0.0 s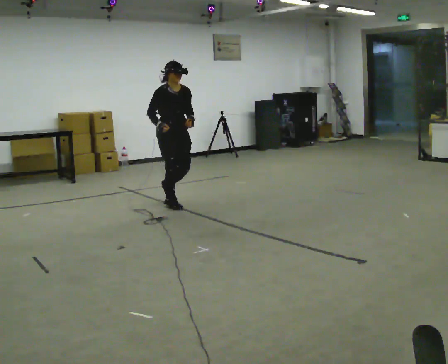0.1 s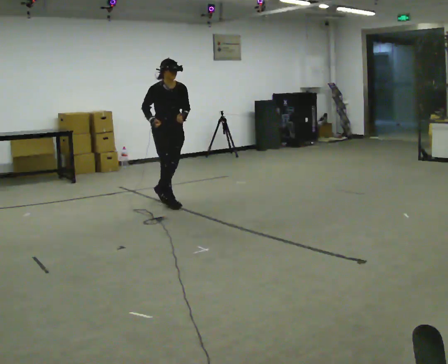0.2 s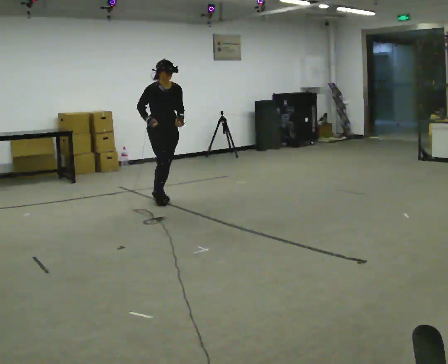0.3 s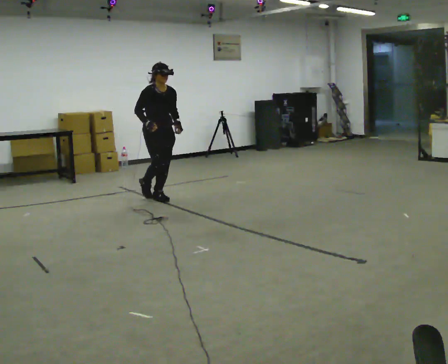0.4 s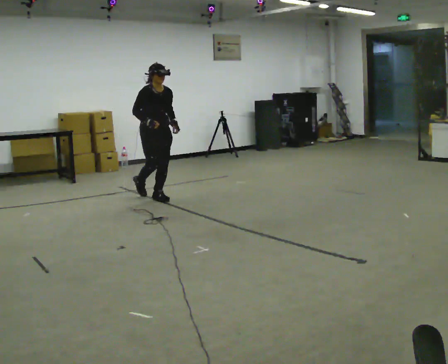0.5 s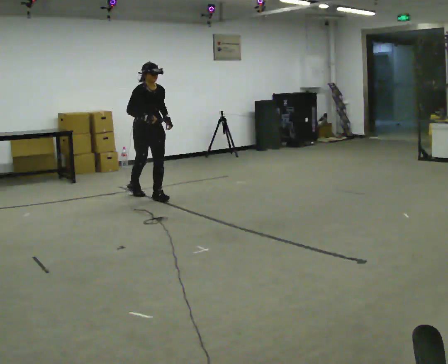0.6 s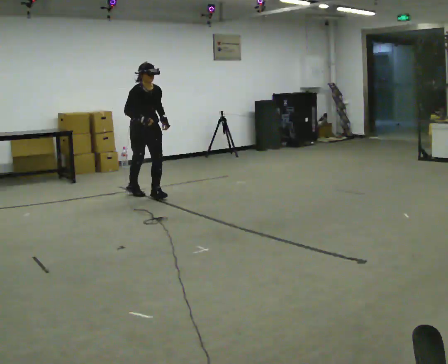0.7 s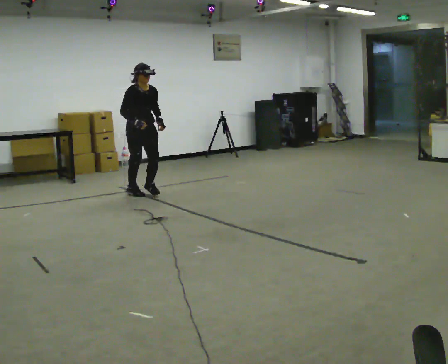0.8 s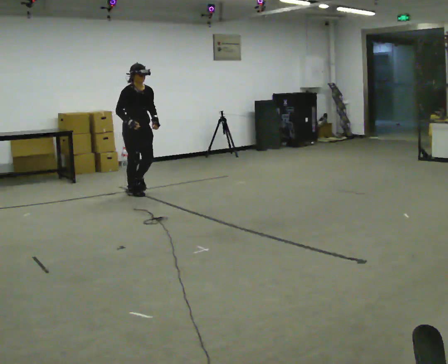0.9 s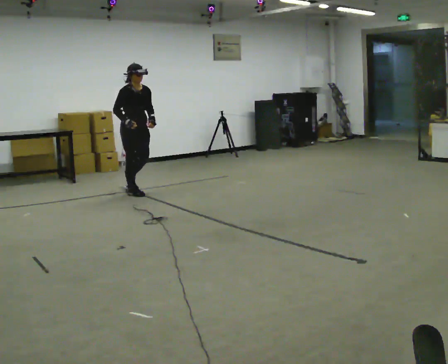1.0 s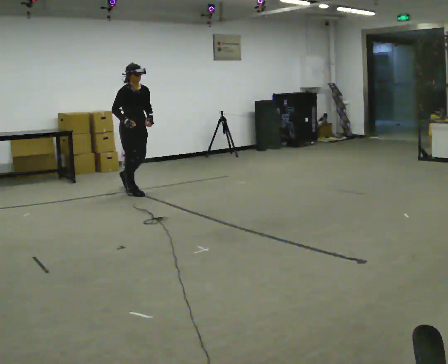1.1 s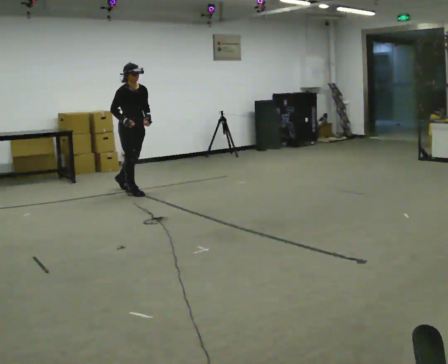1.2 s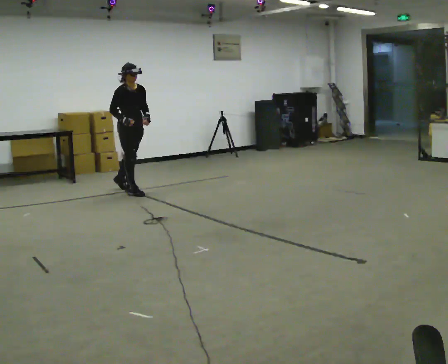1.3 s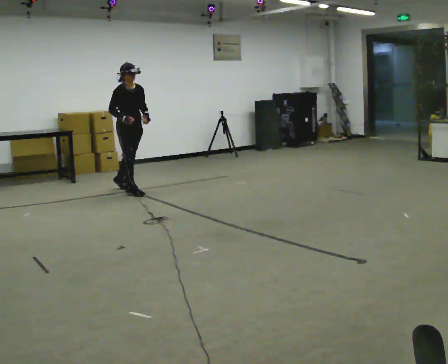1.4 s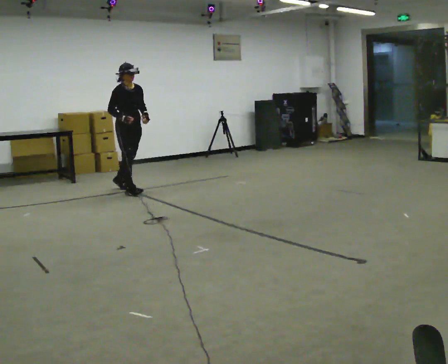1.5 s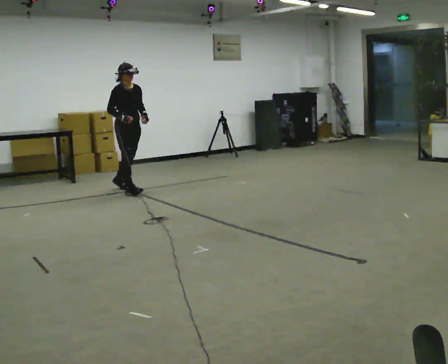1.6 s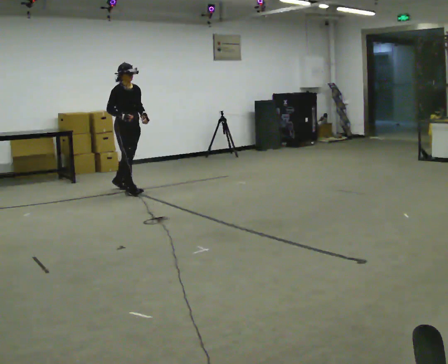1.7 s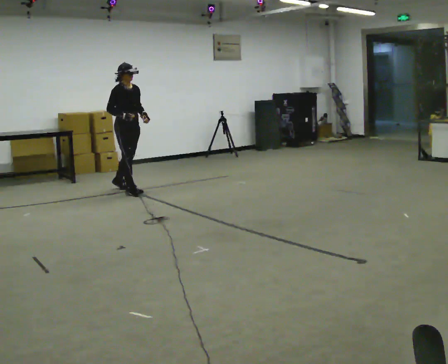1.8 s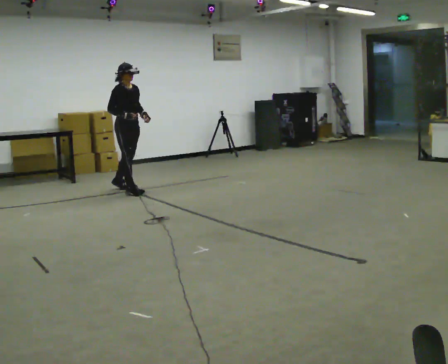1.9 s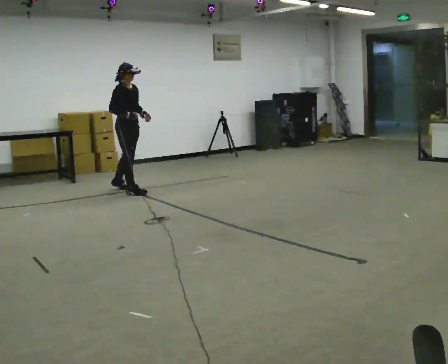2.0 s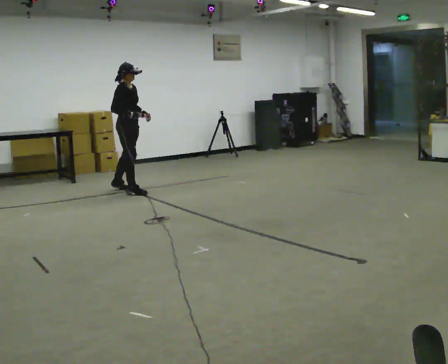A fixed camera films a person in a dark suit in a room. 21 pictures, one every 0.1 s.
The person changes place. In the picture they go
away from the camera.
0.0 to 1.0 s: In the picture they go away from the camera and to the left, about 1 m in 2 steps, which for them is backward.
1.0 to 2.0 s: The person turns about 30 degrees to their left, counterclockwise seen from above, so the part of the body nearest the lens slides to the right. In the picture they go away from the camera, about 0.25 m in 1 step, which for them is backward.
The film runs backward here.
